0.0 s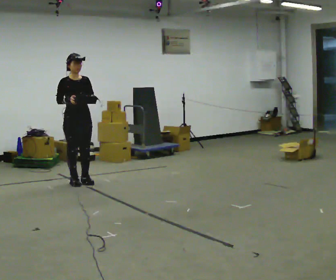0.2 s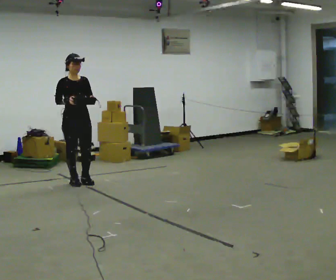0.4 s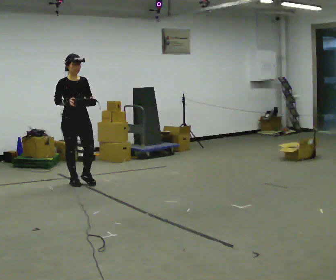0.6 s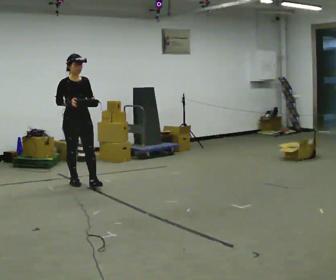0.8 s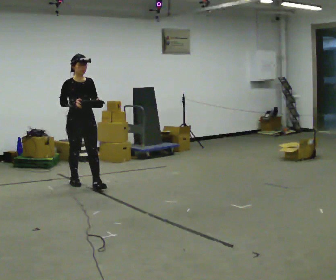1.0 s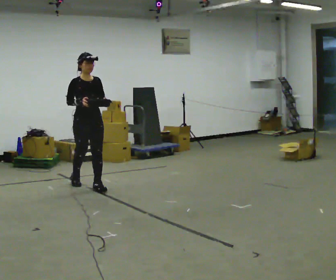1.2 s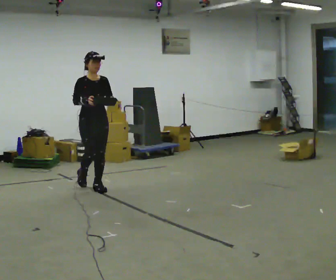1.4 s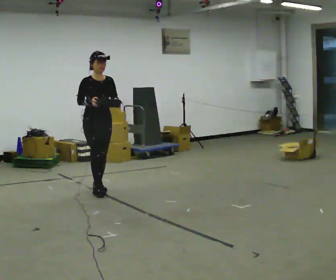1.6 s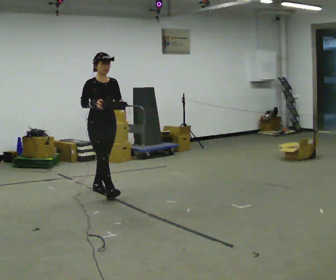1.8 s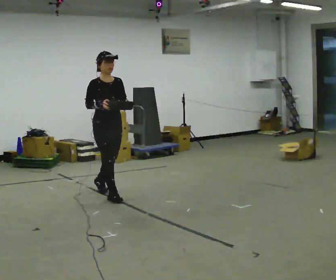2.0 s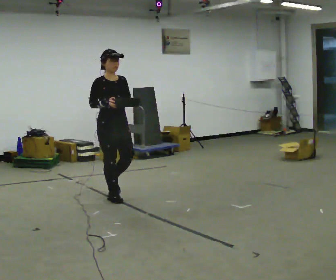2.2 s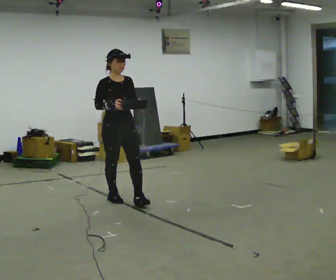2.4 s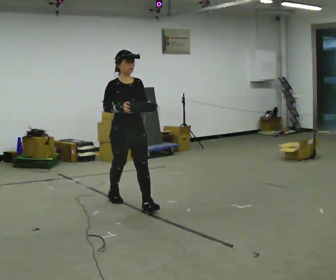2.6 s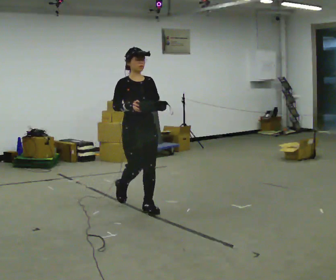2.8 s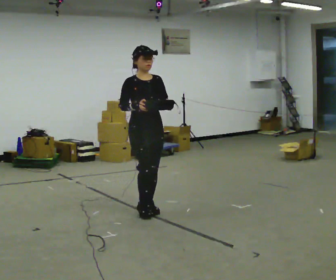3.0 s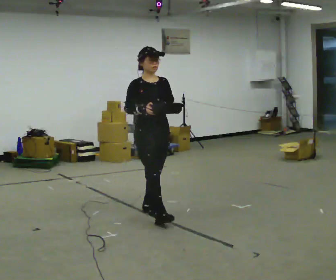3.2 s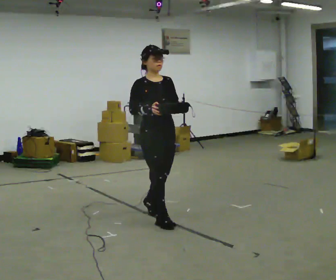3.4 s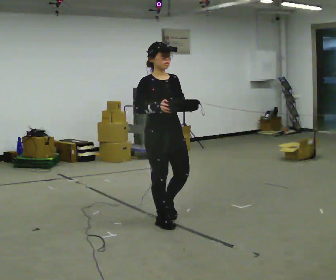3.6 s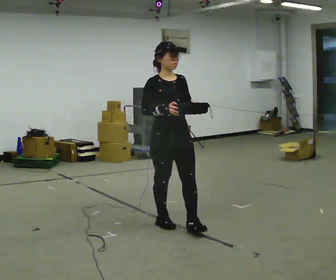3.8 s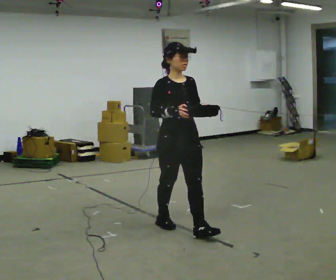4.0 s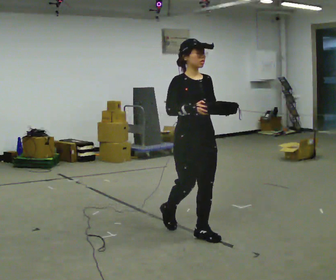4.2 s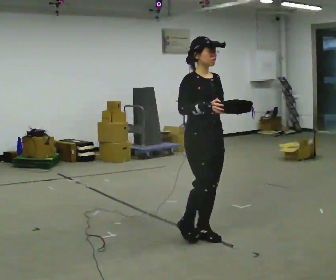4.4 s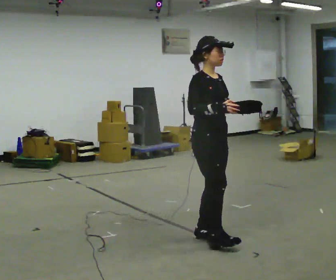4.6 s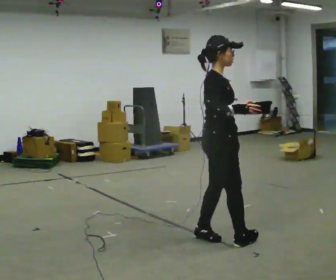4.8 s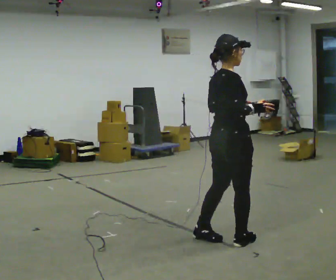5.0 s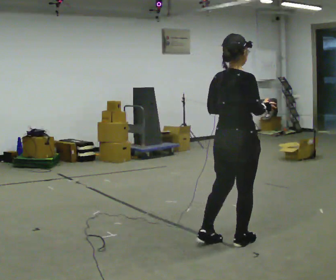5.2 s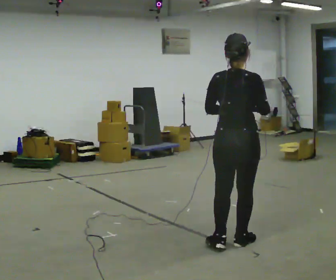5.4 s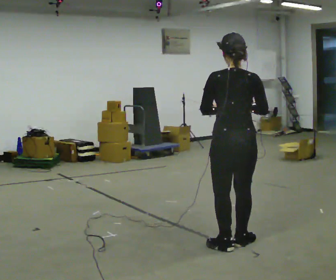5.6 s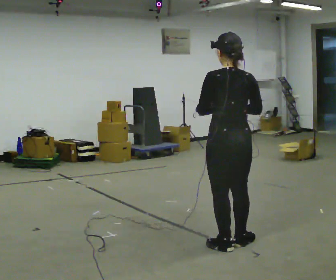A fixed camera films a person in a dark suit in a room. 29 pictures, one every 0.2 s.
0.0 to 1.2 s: In the picture they go toward the camera and to the right, about 0.5 m in 1 step, which for them is forward.
1.2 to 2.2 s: In the picture they go toward the camera and to the right, about 0.75 m in 1 step, which for them is forward.
2.2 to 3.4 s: In the picture they go toward the camera and to the right, about 1 m in 2 steps, which for them is forward.
3.4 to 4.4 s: The part of the body nearest the lens slides to the right as the person turns to their left by about 30 degrees. In the picture they go toward the camera and to the right, about 0.5 m in 1 step, which for them is forward.
4.4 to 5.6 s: The person turns about 135 degrees to their left, counterclockwise seen from above, so the part of the body nearest the lens slides to the right. In the picture they go toward the camera and to the right, about 0.25 m in 2 steps.
The film runs forward here.
